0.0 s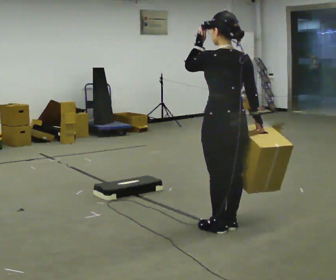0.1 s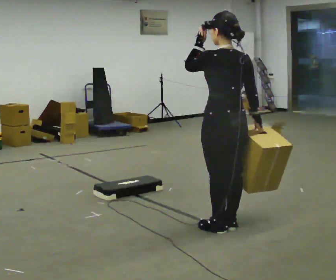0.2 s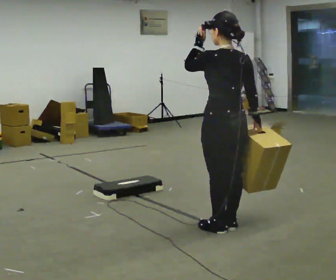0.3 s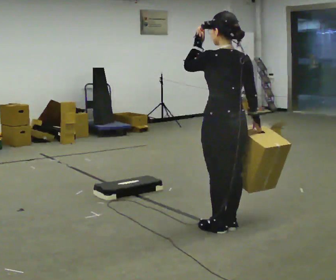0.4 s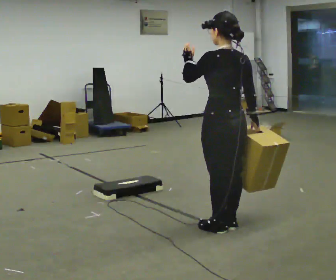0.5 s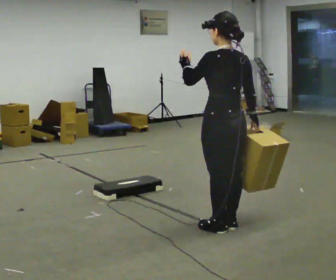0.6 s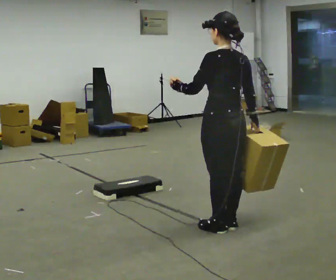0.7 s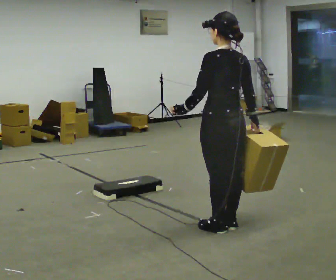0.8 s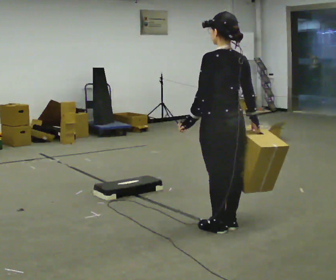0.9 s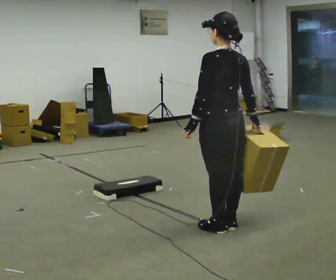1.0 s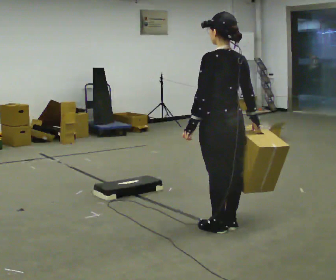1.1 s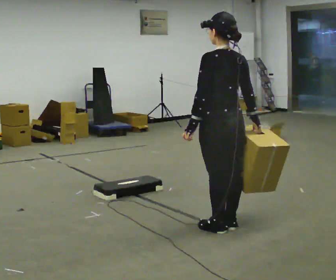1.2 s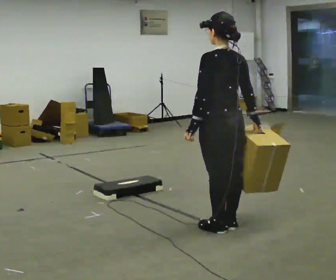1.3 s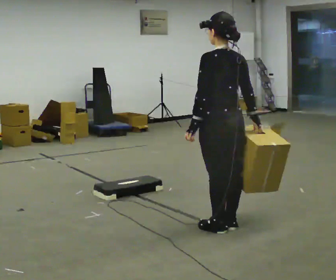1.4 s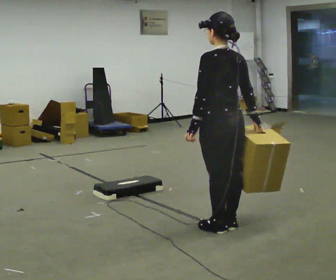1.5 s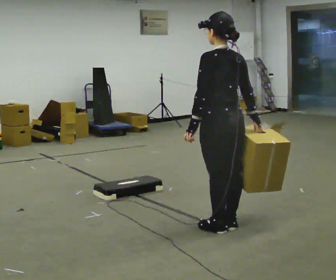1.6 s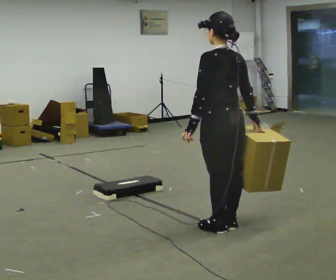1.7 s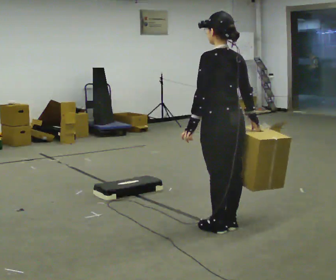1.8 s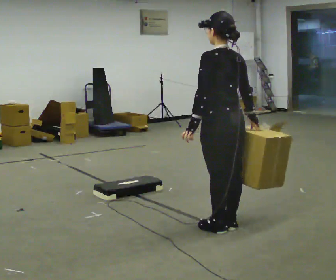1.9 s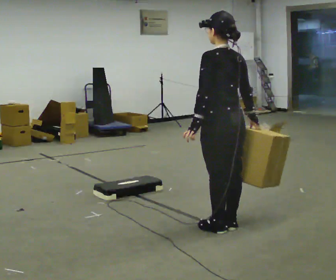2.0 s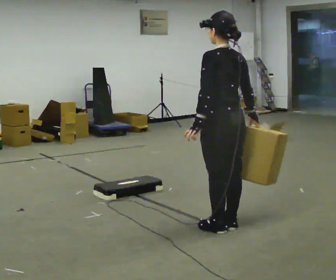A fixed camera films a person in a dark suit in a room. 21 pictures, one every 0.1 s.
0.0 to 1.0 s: In the picture their left hand goes downward.
1.0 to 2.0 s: The person moves a little, or ends about where they began.
The film runs backward here.
